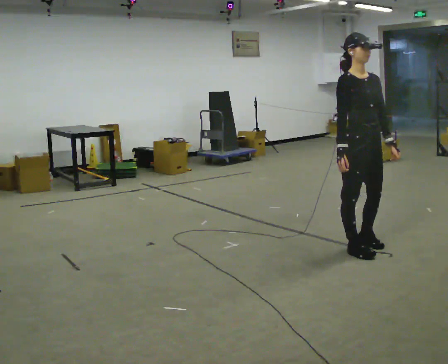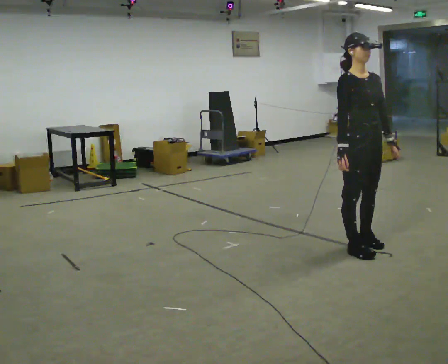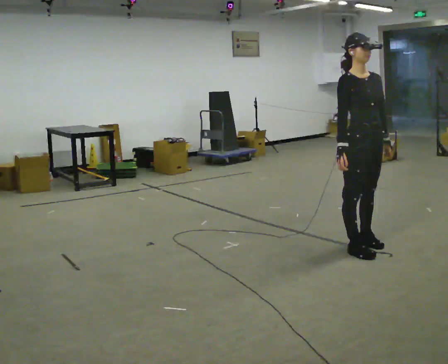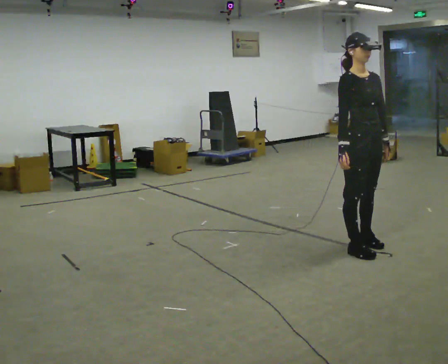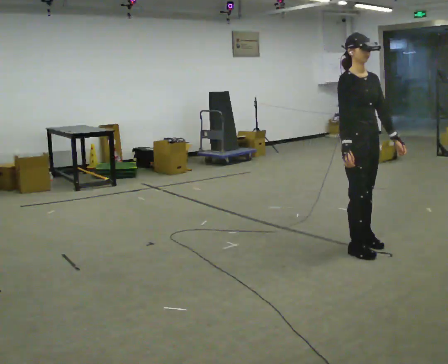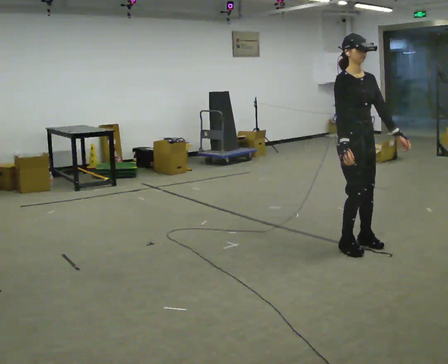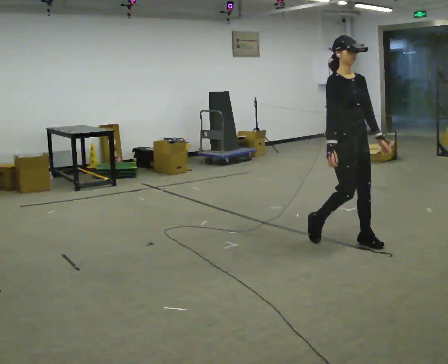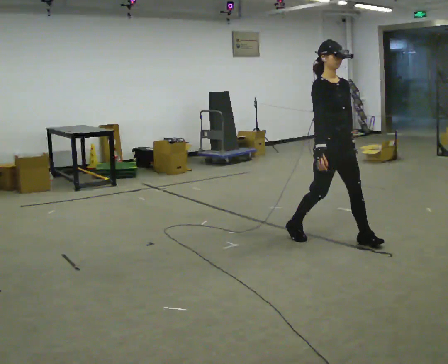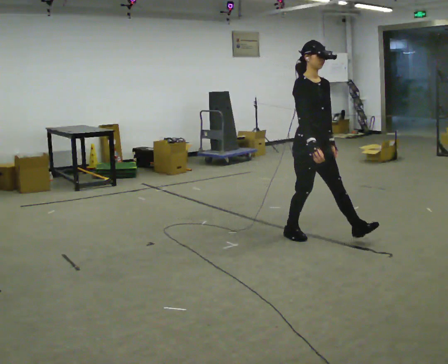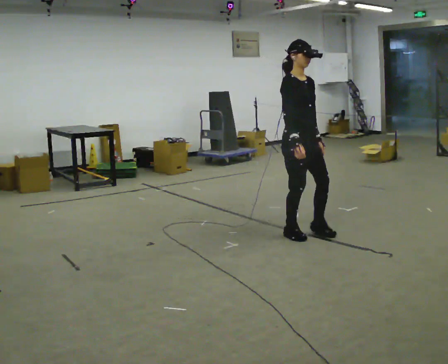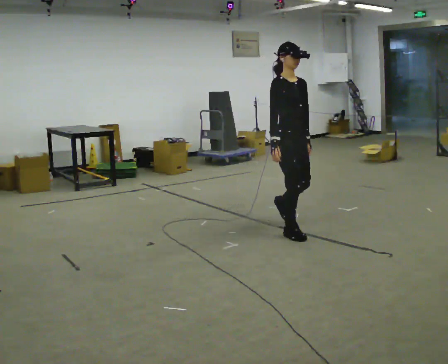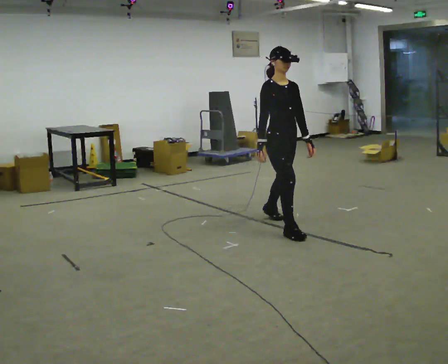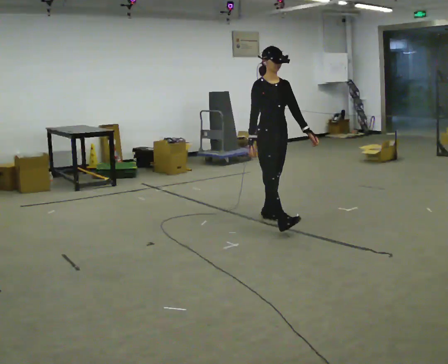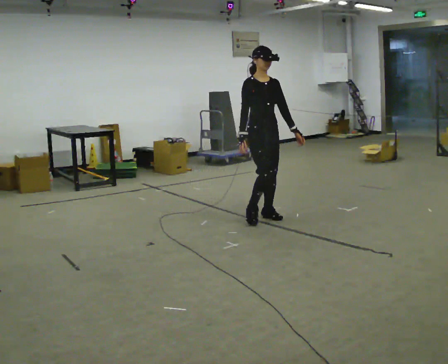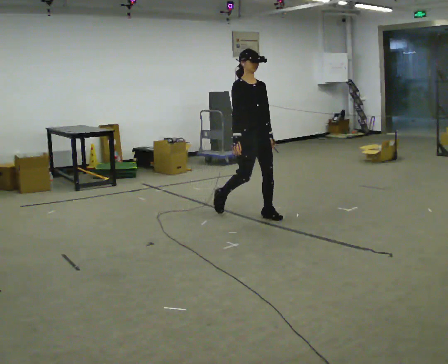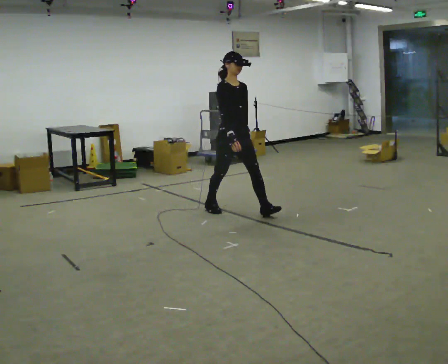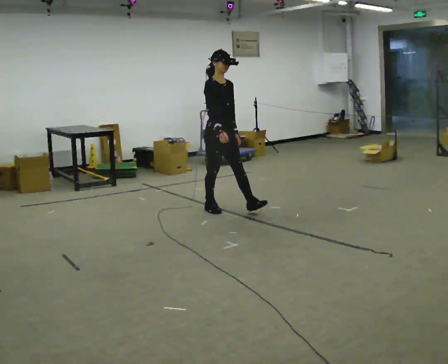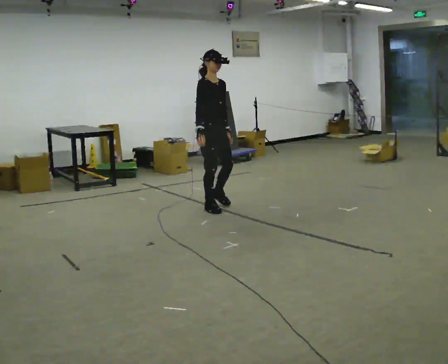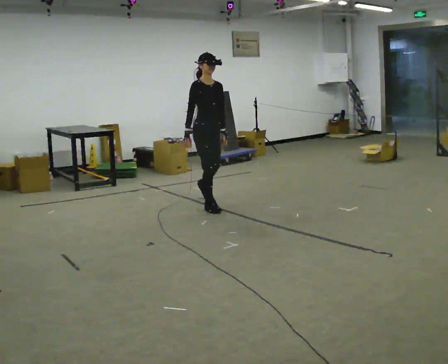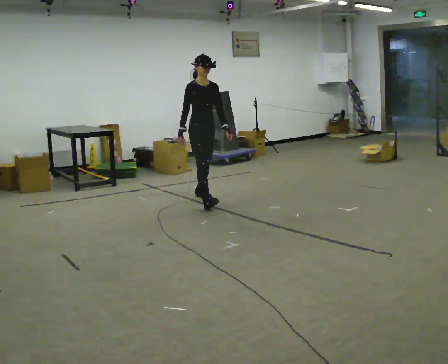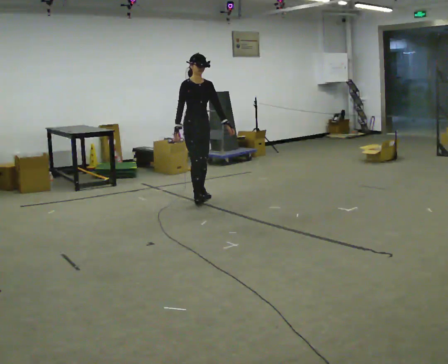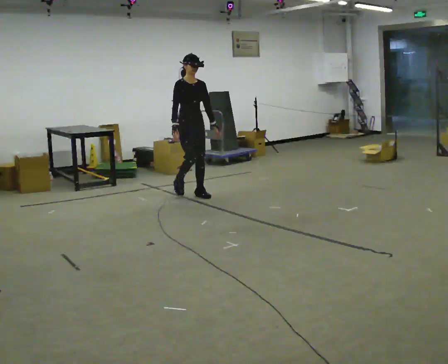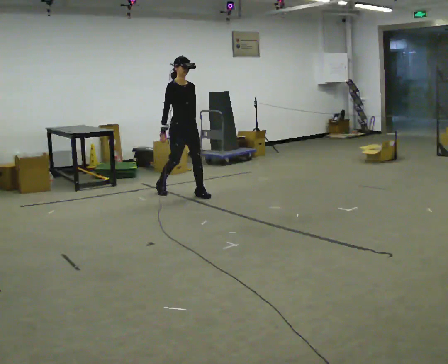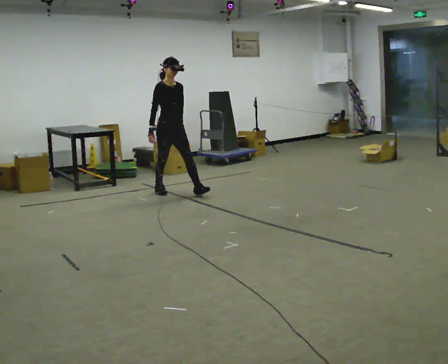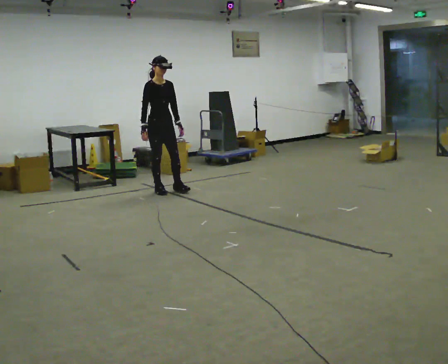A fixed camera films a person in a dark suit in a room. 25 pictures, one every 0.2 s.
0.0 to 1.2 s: In the picture they go away from the camera, about 0.25 m in 1 step, which for them is backward.
1.2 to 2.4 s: In the picture they go away from the camera and to the left, about 1 m in 2 steps, which for them is backward.
2.4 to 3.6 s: In the picture they go to the left and away from the camera, about 1 m in 1 step, which for them is backward.
3.6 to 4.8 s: In the picture they go away from the camera and to the left, about 1 m in 2 steps, which for them is backward.
The film runs backward here.
